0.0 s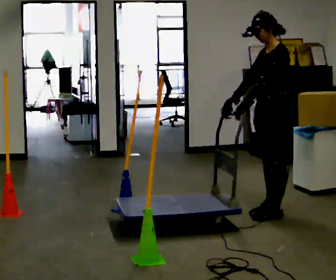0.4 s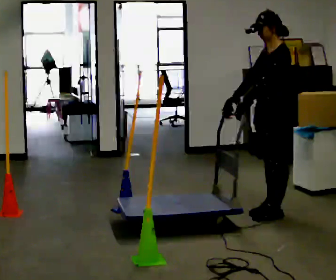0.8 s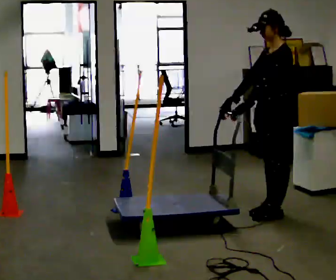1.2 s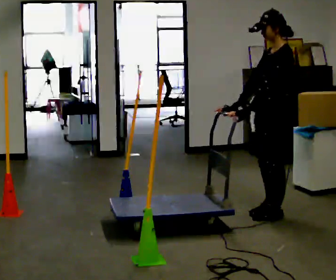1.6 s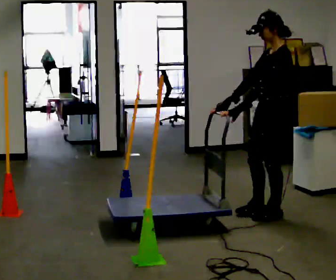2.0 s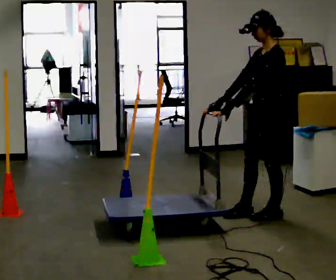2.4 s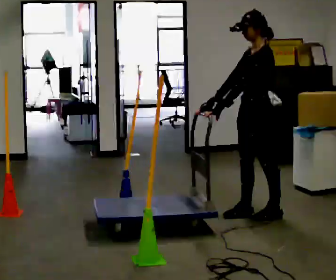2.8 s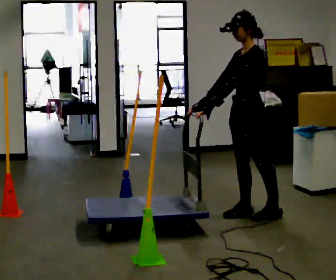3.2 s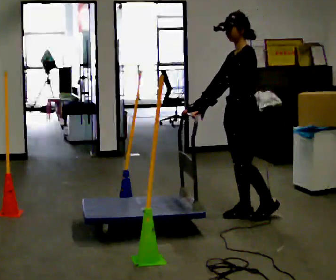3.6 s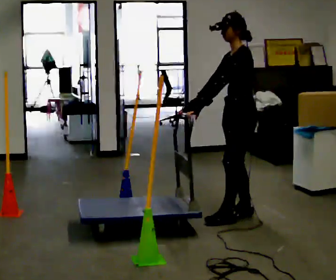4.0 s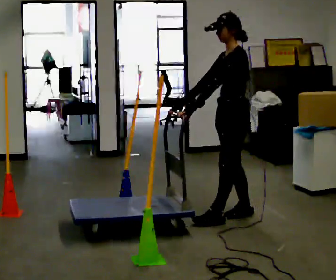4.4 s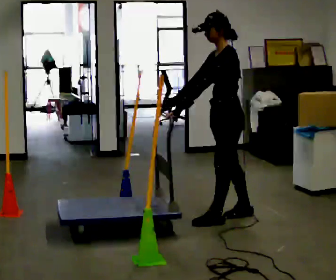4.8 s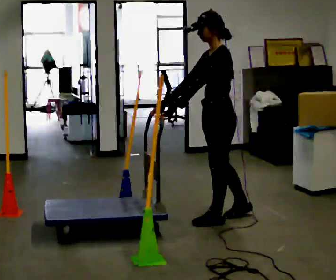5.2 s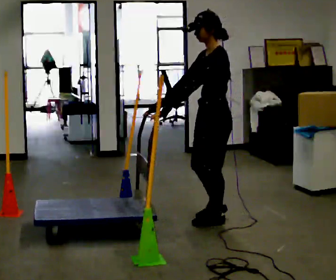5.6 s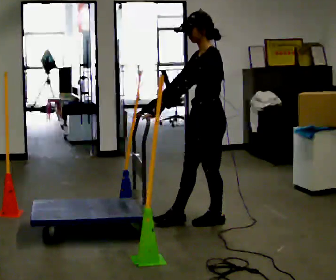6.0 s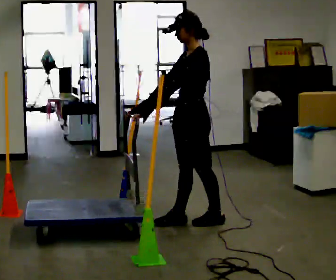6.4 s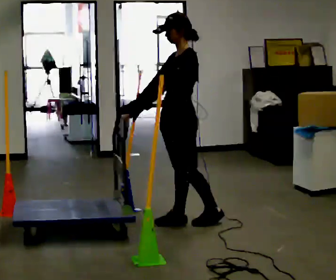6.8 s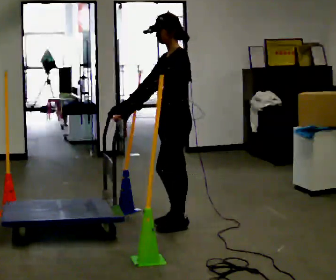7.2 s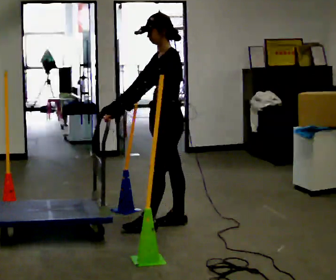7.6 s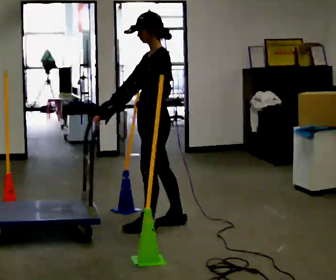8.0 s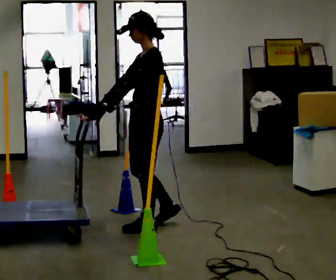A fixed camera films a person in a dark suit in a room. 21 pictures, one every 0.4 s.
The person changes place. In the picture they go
to the left.
0.0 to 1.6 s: The person moves a little, or ends about where they began.
1.6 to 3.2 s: In the picture they go to the left, about 0.25 m in 1 step, which for them is forward and to their right.
3.2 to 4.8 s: In the picture they go to the left and toward the camera, about 0.25 m in 1 step, which for them is forward.
4.8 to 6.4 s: In the picture they go to the left, about 0.25 m in 1 step, which for them is forward.
6.4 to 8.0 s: In the picture they go to the left and toward the camera, about 0.25 m in 1 step, which for them is forward.
The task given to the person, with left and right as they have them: Push the cart in and out of the line of poles without touching any of them. Keep going until the operator says stop.
The film runs forward here.
